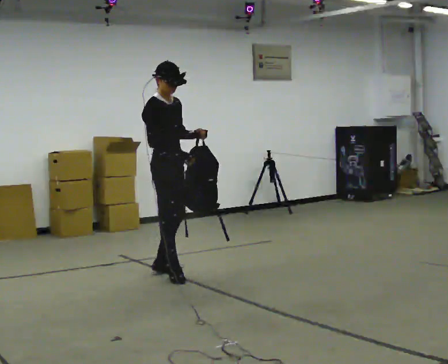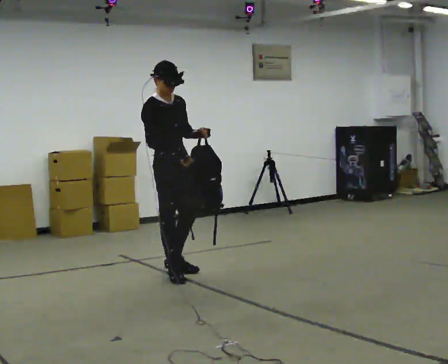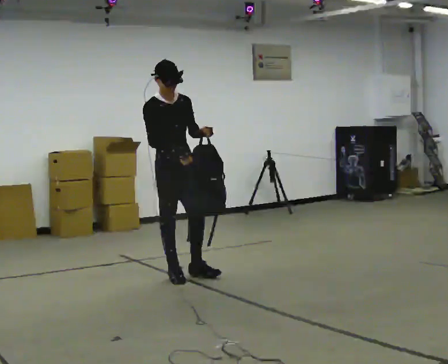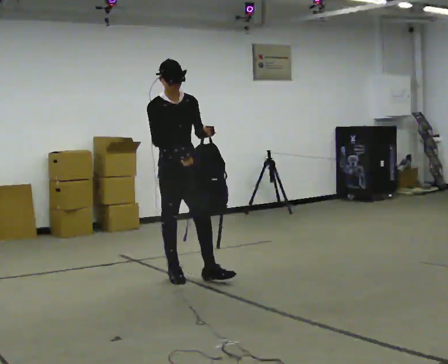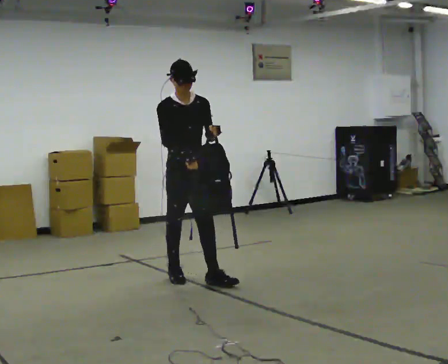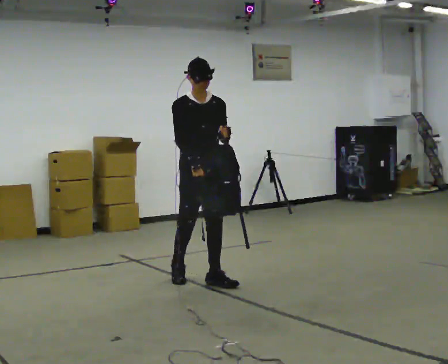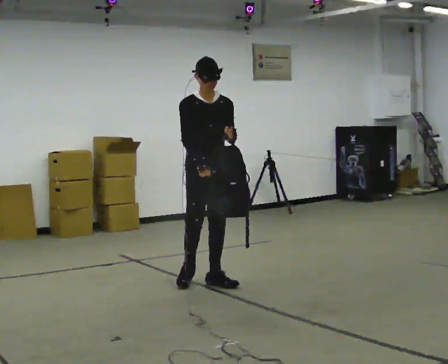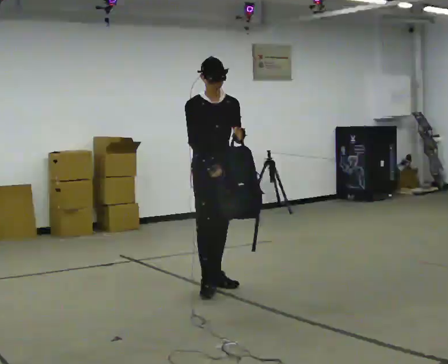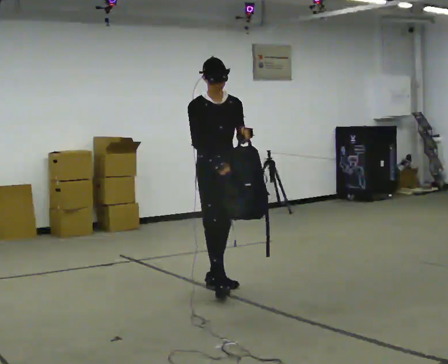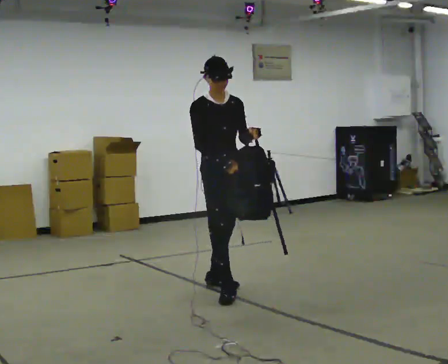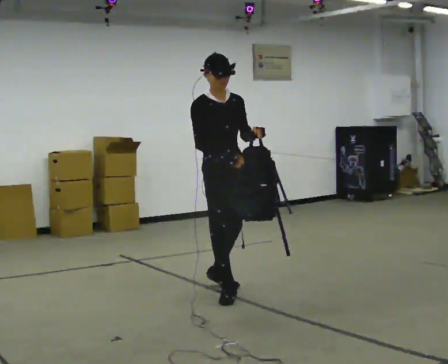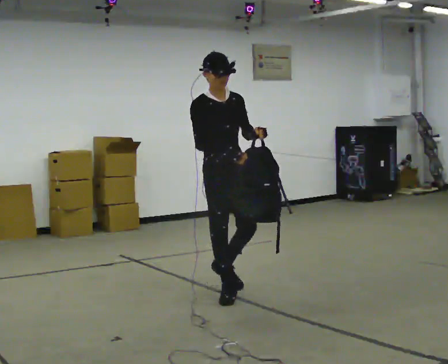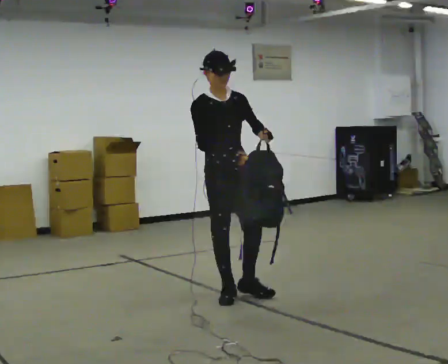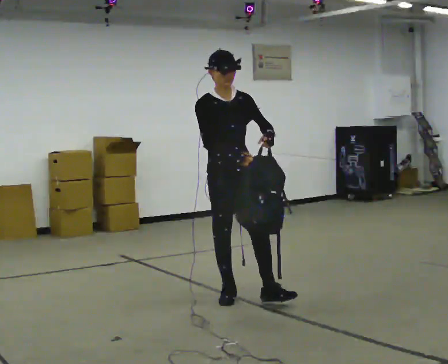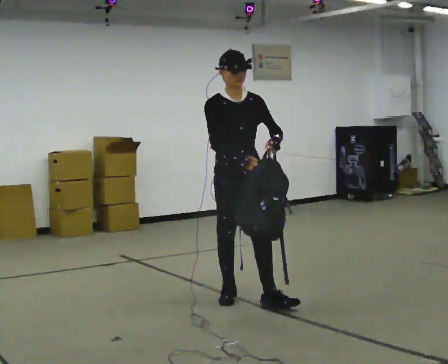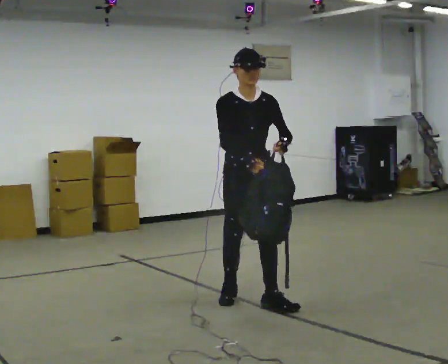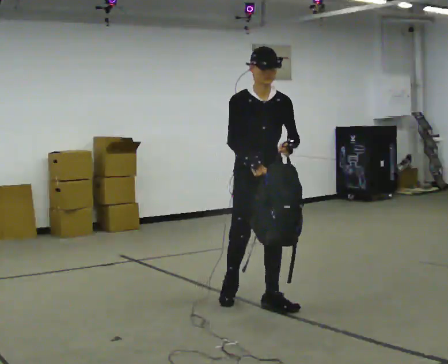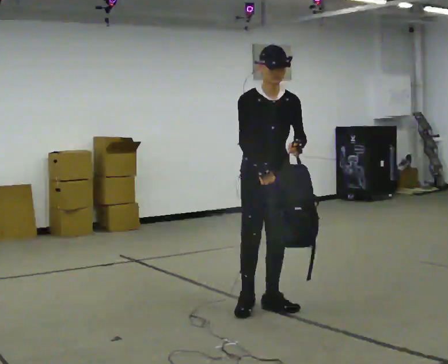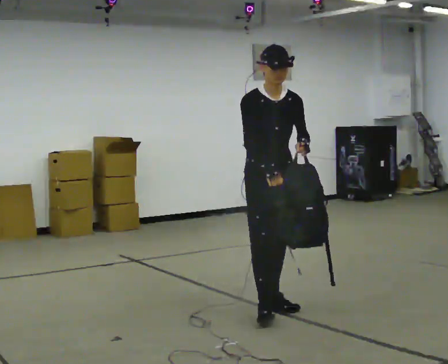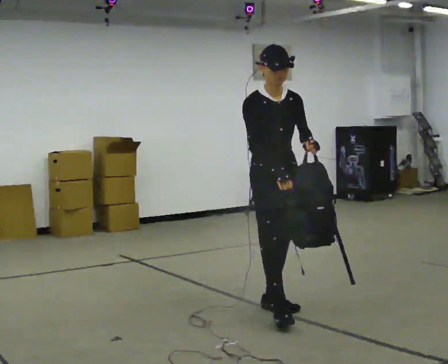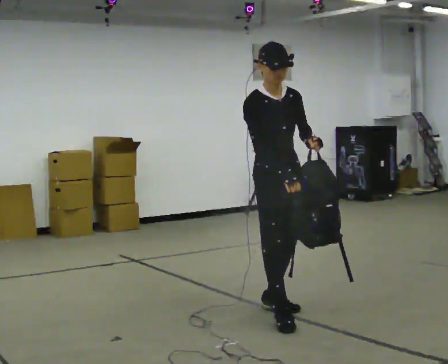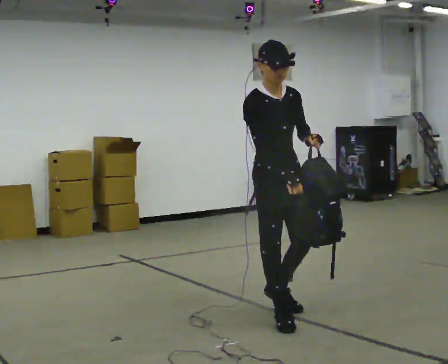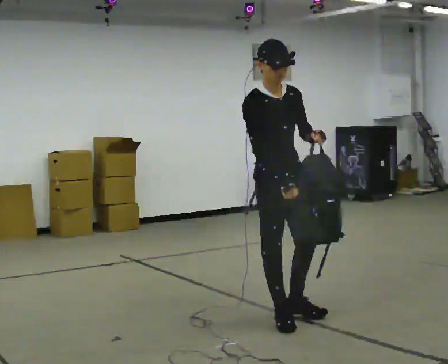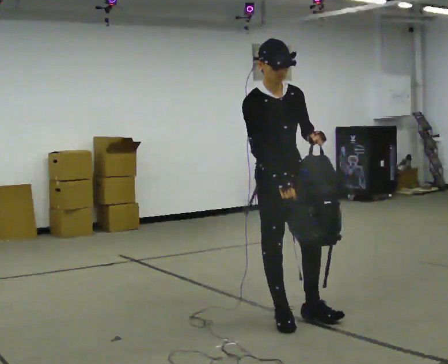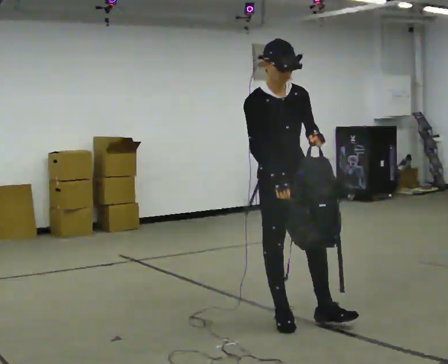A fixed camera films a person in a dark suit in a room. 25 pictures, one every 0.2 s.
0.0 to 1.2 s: The person turns about 45 degrees to their right, clockwise seen from above, so the part of the body nearest the lens slides to the left. In the picture they go to the right and toward the camera, about 0.5 m in 1 step, which for them is forward.
1.2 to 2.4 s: In the picture they go toward the camera, about 0.5 m in 1 step, which for them is forward.
2.4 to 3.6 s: In the picture they go toward the camera and to the right, about 0.5 m in 1 step, which for them is forward and to their left.
3.6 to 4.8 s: In the picture they go toward the camera, about 0.25 m in 1 step, which for them is forward and to their right.
The film runs forward here.
